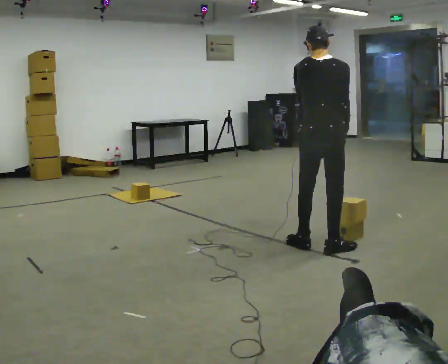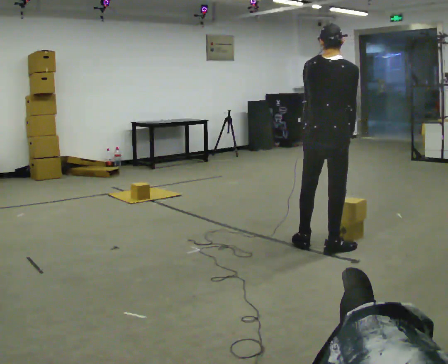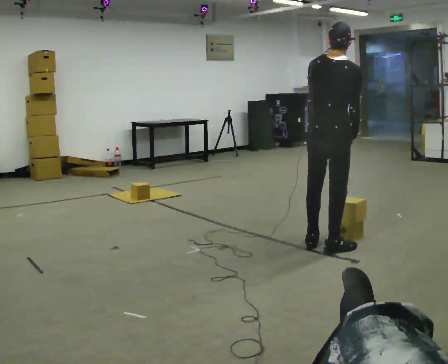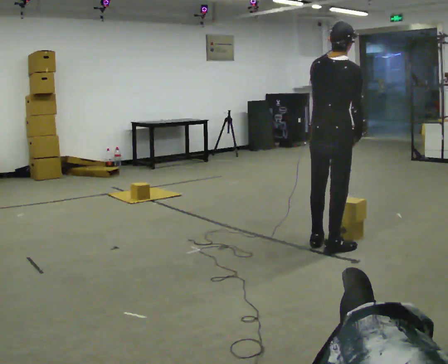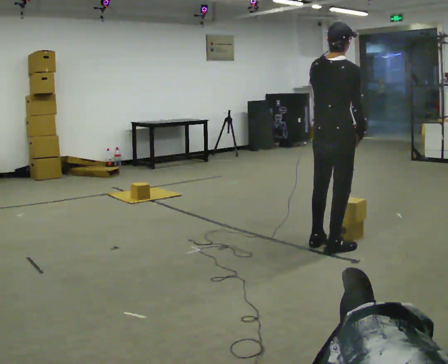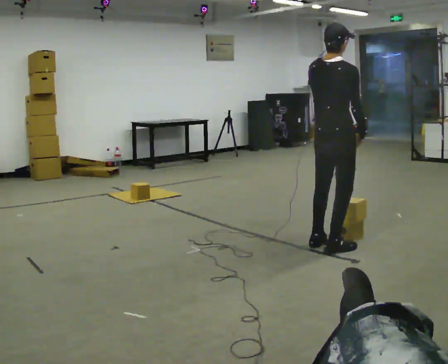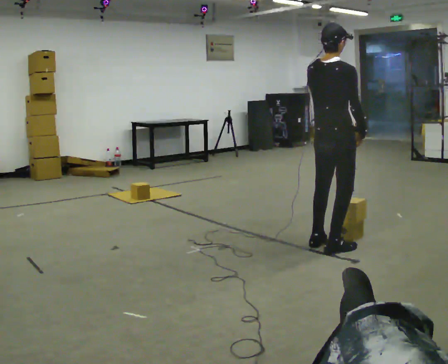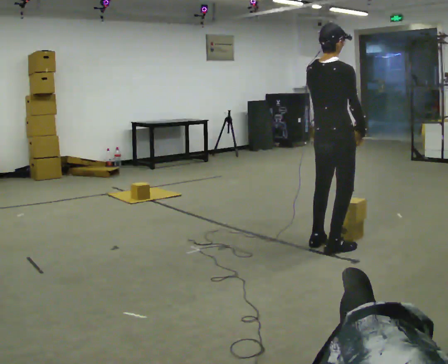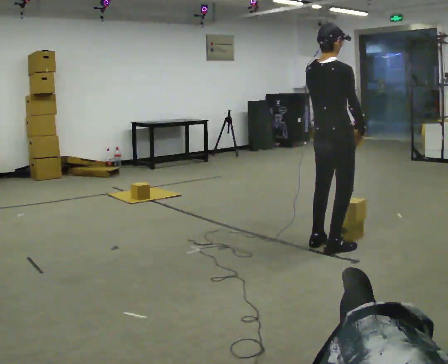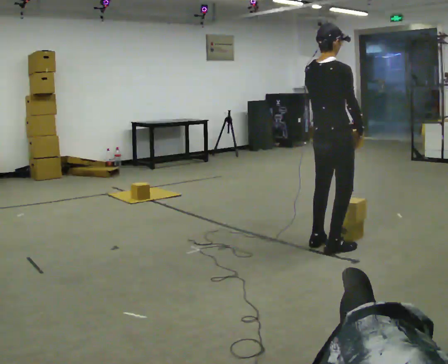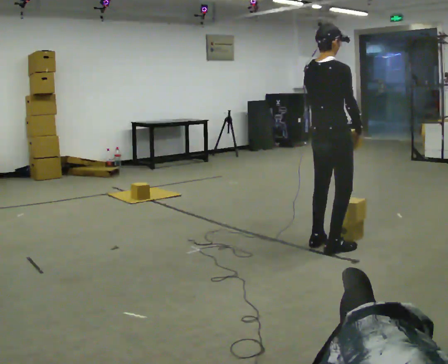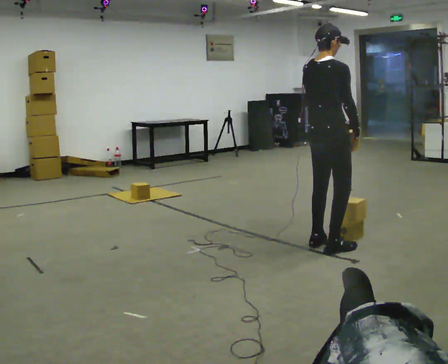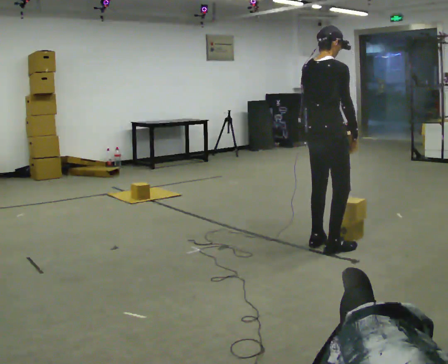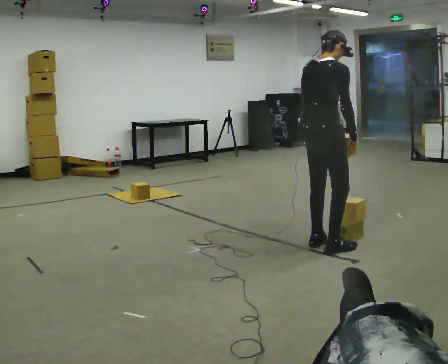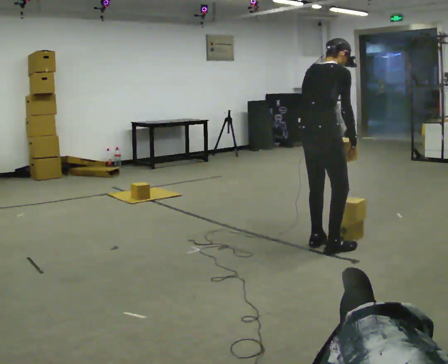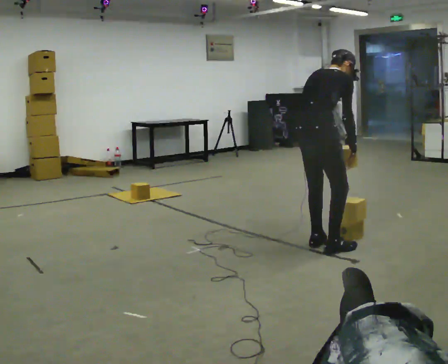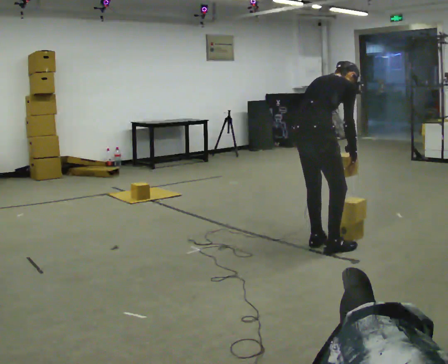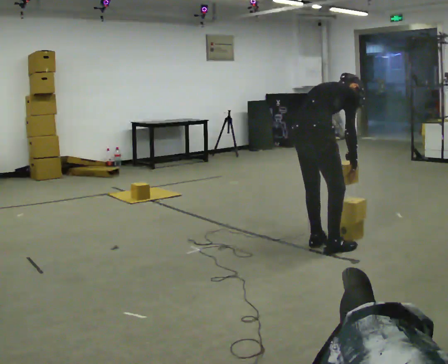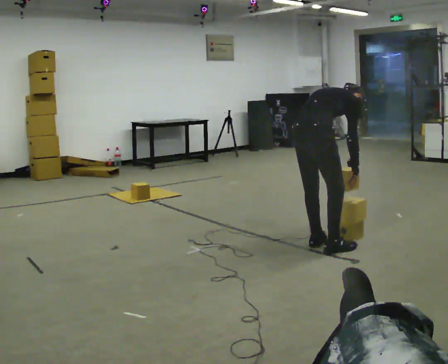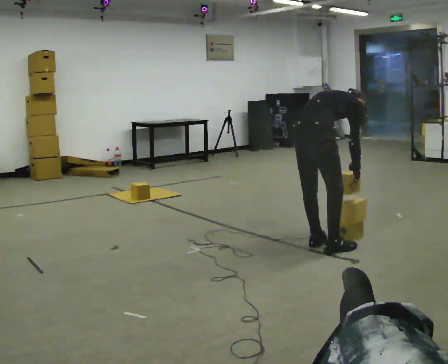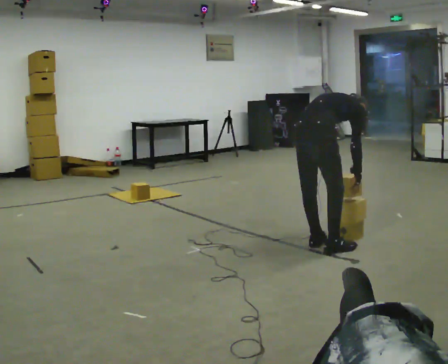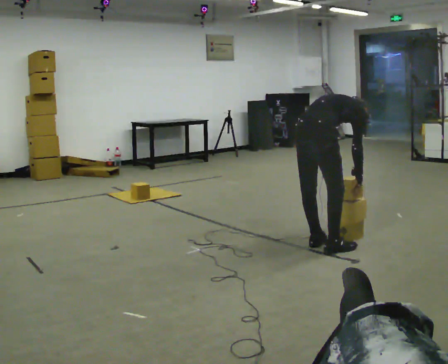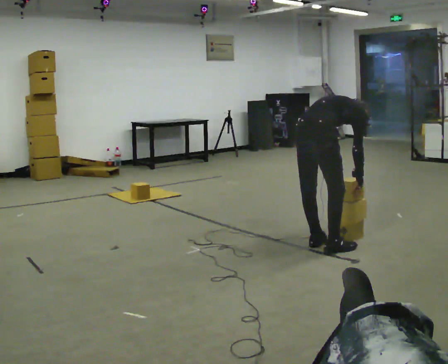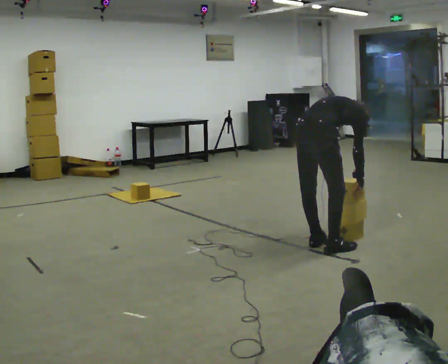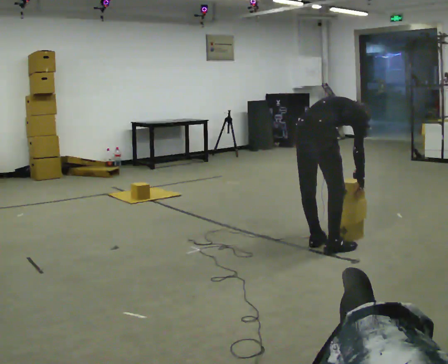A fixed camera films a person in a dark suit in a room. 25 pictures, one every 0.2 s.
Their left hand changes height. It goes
downward.
The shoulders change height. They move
downward.
0.0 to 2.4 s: The part of the body nearest the lens slides to the left as the person turns to their right by about 30 degrees.
2.4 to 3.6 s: The upper body goes downward. The upper body tips away from the camera, its near side rolling upward, as they bend forward.
3.6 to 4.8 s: The upper body tips away from the camera, its near side rolling upward, as they bend forward.
The film runs backward here.
